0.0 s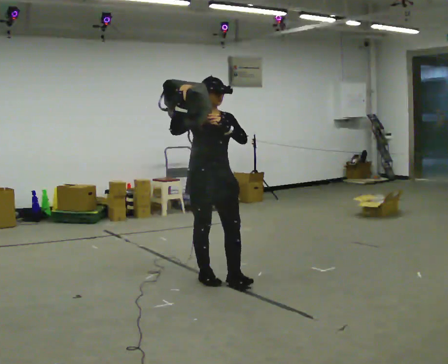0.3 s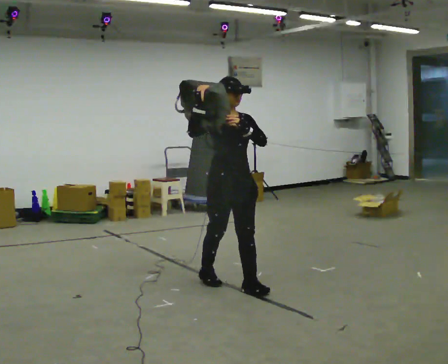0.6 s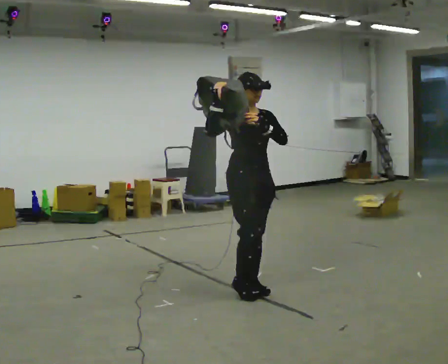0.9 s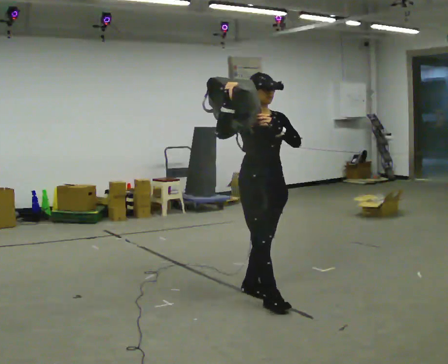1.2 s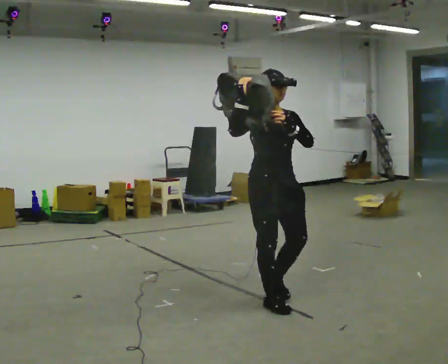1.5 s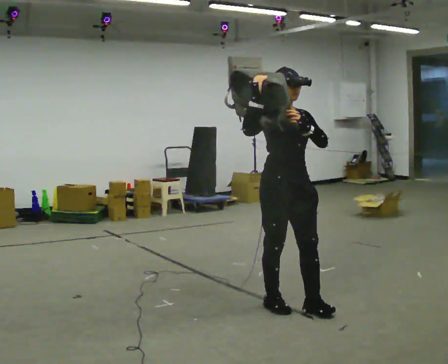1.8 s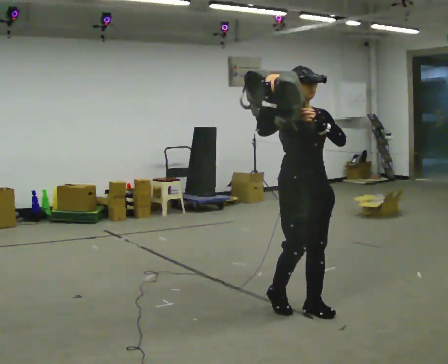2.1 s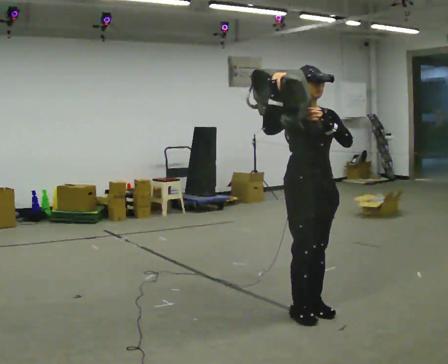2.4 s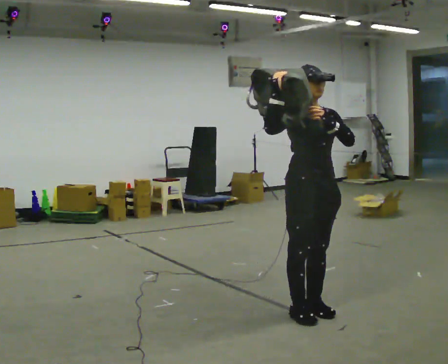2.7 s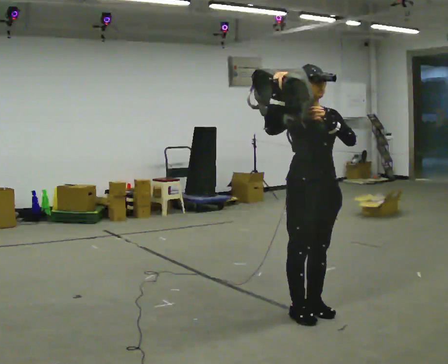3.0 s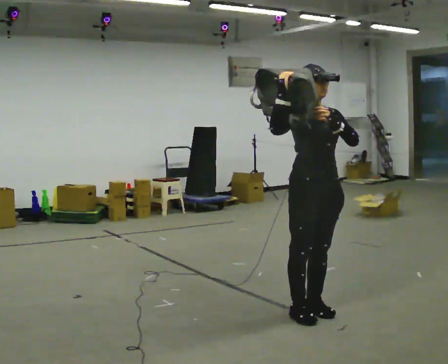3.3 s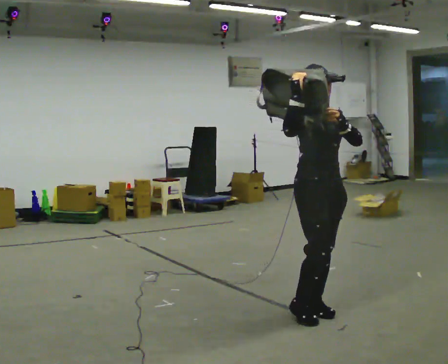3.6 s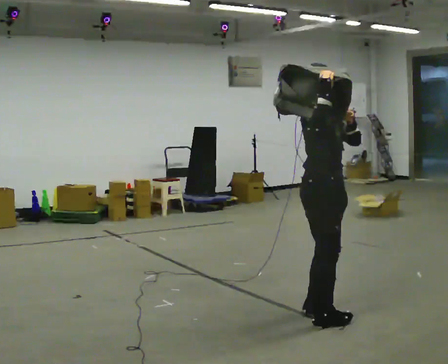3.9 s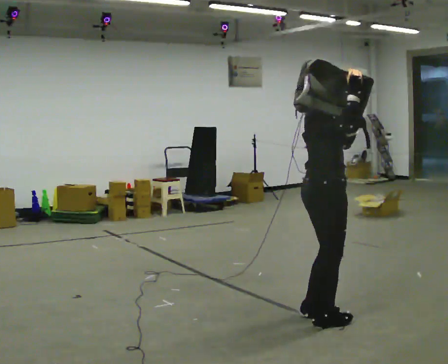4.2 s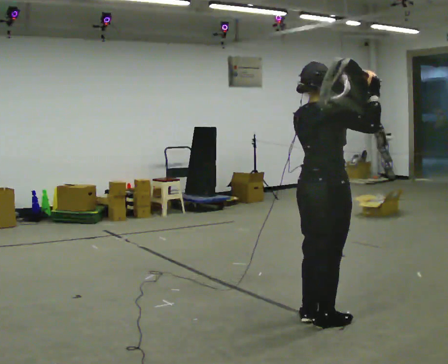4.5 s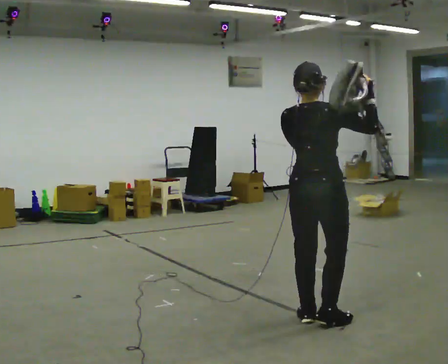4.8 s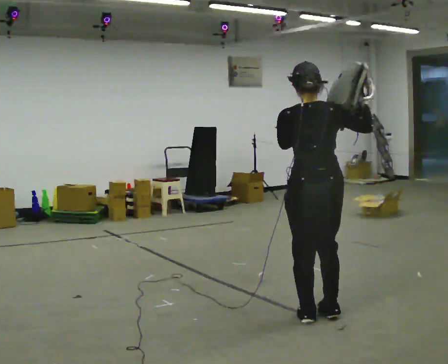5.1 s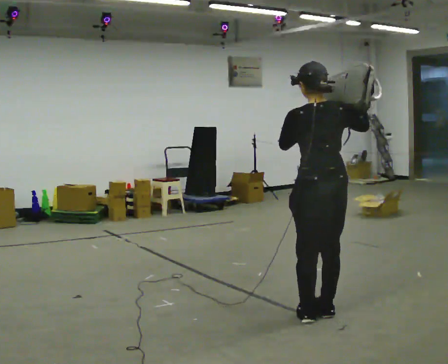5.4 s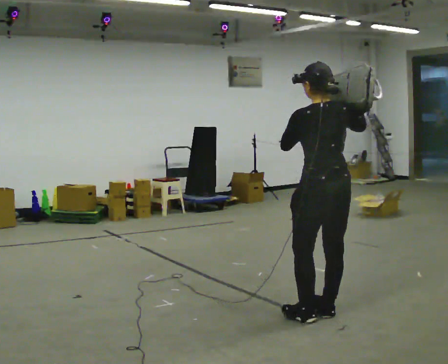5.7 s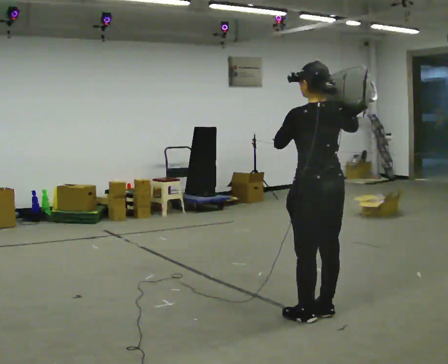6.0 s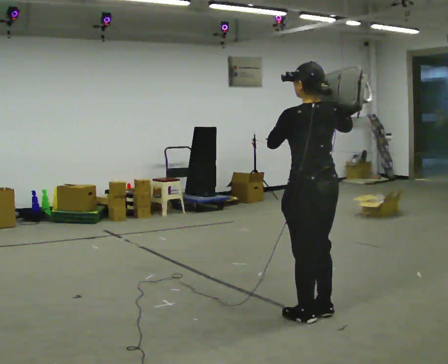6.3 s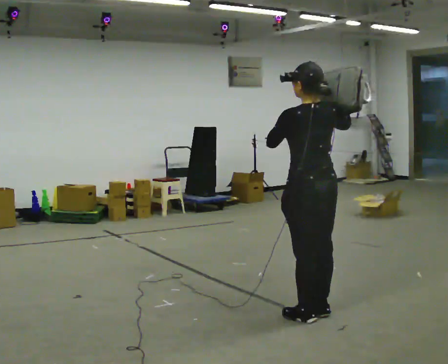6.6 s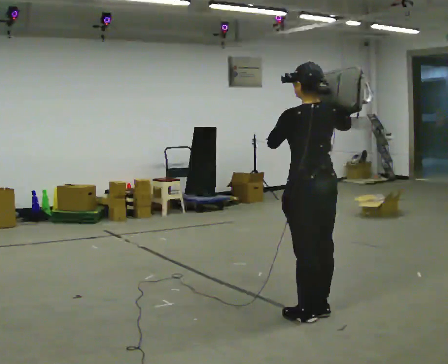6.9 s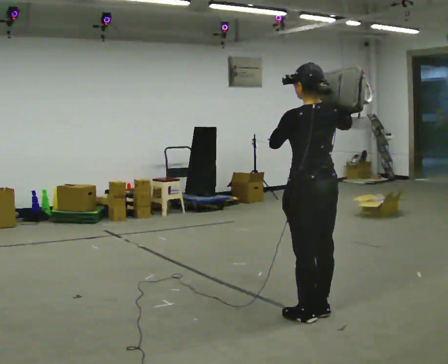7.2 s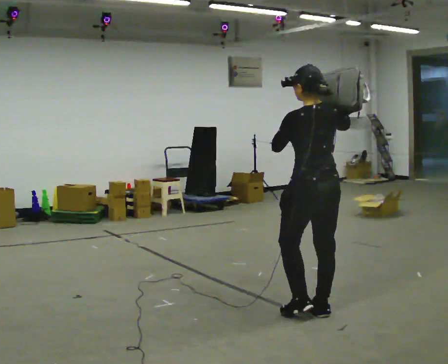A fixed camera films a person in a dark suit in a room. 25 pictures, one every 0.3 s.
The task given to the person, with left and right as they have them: Put the soft bag up onto your shoulder and carry it across the room, back and forth.
0.0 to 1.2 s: In the picture they go to the right and toward the camera, about 0.5 m in 2 steps, which for them is forward.
1.2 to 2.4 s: In the picture they go to the right, about 0.25 m in 2 steps, which for them is forward.
2.4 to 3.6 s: The person turns about 45 degrees to their left, counterclockwise seen from above, so the part of the body nearest the lens slides to the right. In the picture their right hand goes to the right.
3.6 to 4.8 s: Seen from above the body turns counterclockwise, about 120 degrees: to their left, with its near side sliding to the right.
4.8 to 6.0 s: The person turns about 30 degrees to their left, counterclockwise seen from above, so the part of the body nearest the lens slides to the right.
6.0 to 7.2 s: The person moves a little, or ends about where they began.
The film runs forward here.
